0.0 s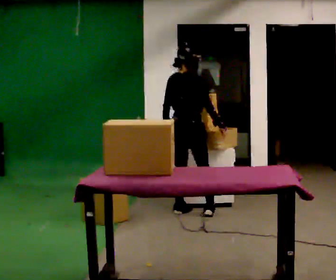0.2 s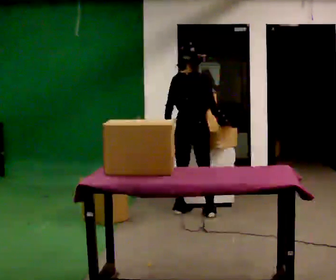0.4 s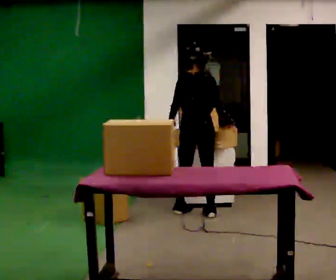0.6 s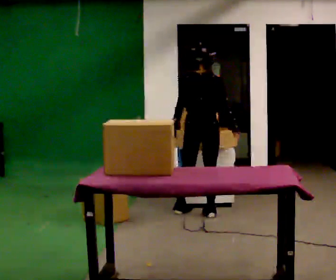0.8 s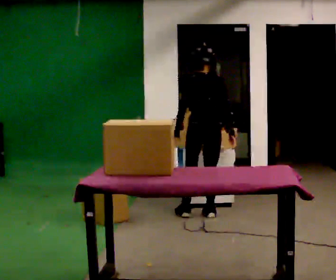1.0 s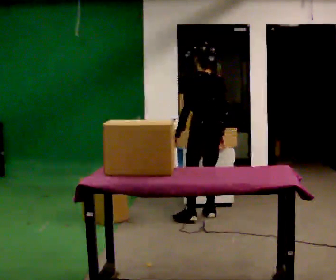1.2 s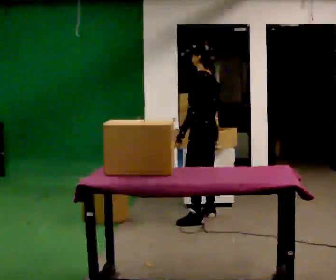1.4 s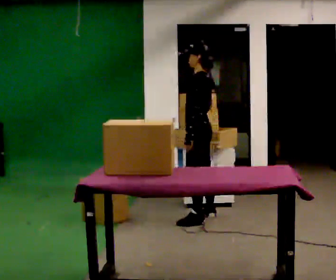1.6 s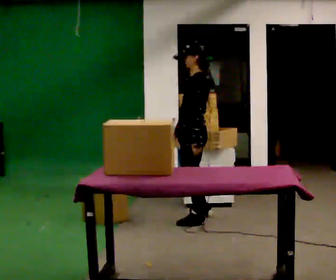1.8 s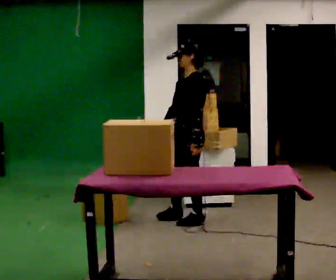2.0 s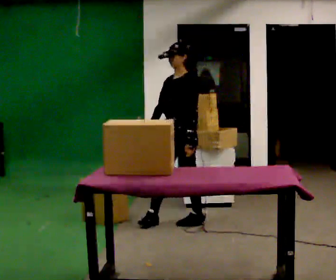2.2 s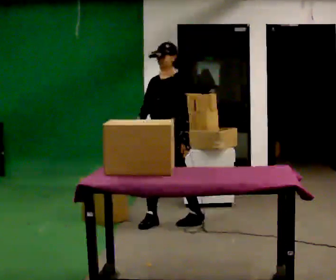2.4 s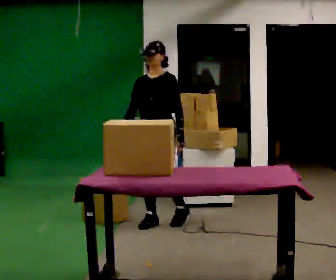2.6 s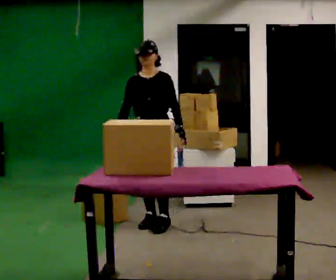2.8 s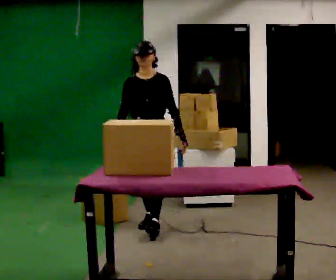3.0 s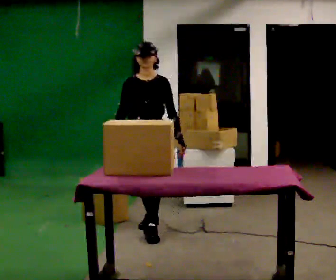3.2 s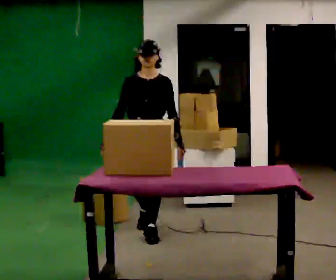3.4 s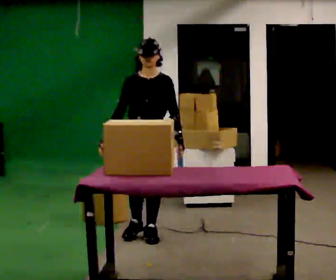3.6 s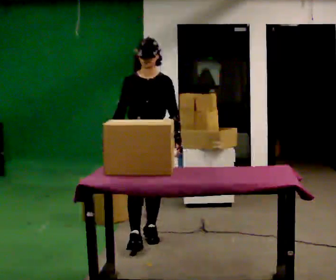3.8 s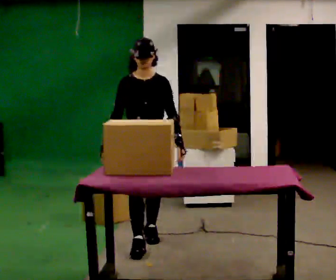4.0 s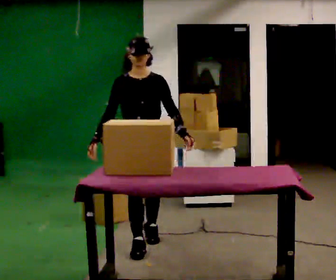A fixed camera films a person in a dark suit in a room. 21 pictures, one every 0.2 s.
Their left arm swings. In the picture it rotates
counterclockwise.
The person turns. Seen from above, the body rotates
counterclockwise.
0.0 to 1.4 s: Seen from above the body turns counterclockwise, about 105 degrees: to their left, with its near side sliding to the right. In the picture they go toward the camera, about 0.25 m in 1 step.
1.4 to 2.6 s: The part of the body nearest the lens slides to the right as the person turns to their left by about 90 degrees. In the picture they go to the left and toward the camera, about 0.5 m in 1 step.
2.6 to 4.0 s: In the picture they go toward the camera, about 0.75 m in 2 steps, which for them is forward.
The film runs forward here.
